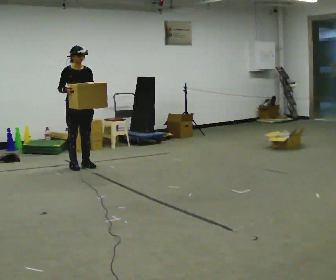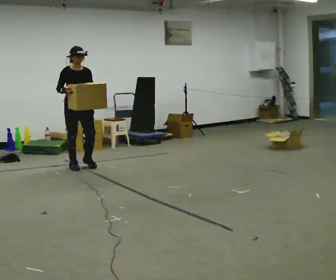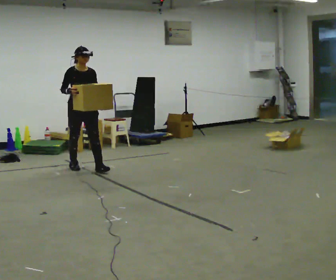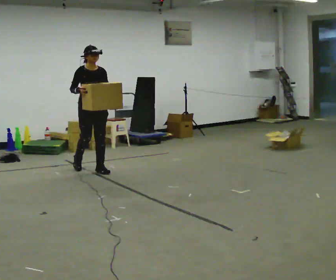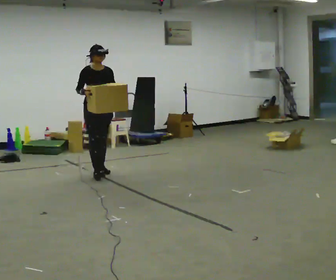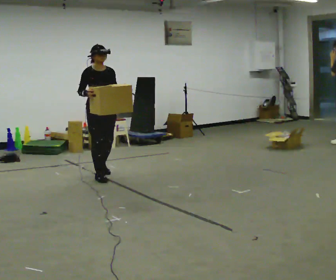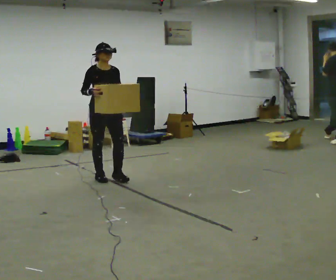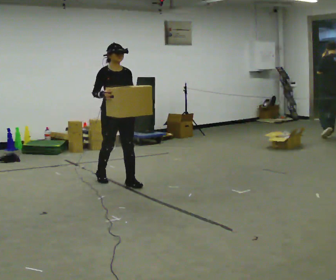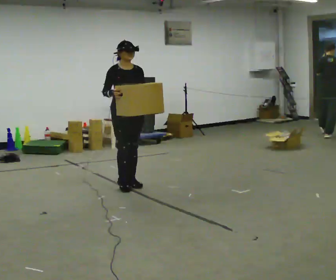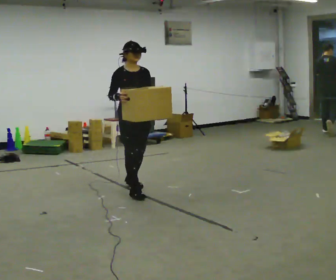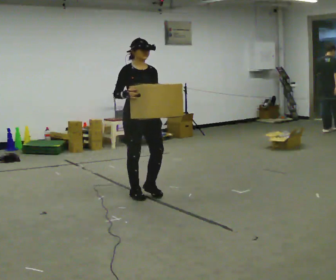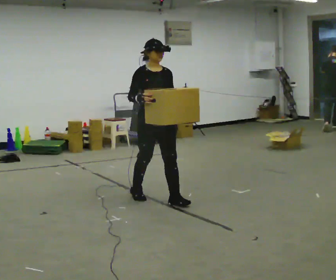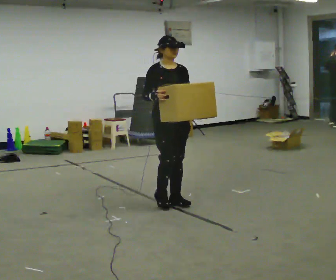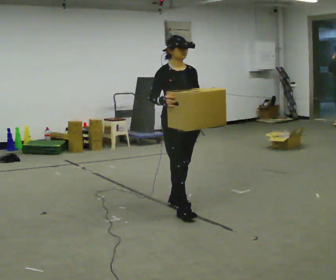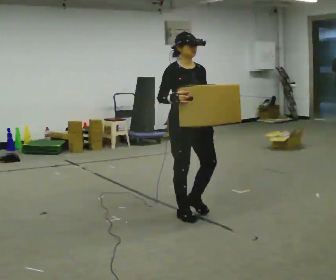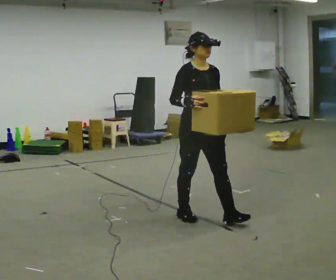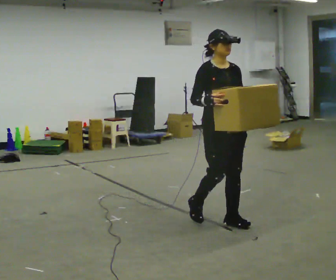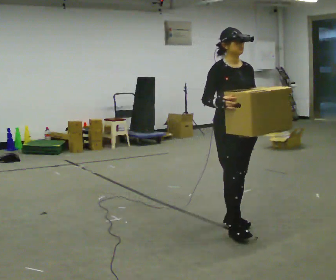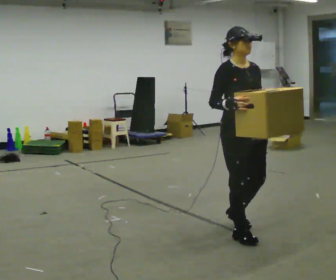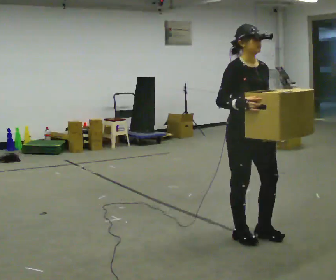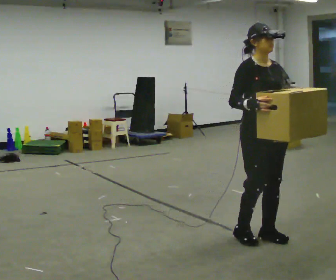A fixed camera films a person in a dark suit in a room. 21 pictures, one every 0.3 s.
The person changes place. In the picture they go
toward the camera.
0.0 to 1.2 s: In the picture they go toward the camera and to the right, about 0.5 m in 1 step, which for them is forward.
1.2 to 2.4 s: In the picture they go toward the camera and to the right, about 0.5 m in 2 steps, which for them is forward.
2.4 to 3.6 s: In the picture they go toward the camera and to the right, about 1 m in 2 steps, which for them is forward.
3.6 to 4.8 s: In the picture they go toward the camera and to the right, about 0.5 m in 2 steps, which for them is forward.
4.8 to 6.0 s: In the picture they go toward the camera and to the right, about 0.5 m in 2 steps, which for them is forward.
The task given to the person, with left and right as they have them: Carry the heavy box in both hands in front of you, walking back and forth across the room. Keep walking until the operator says stop. Set it down if you need a rest.
The film runs forward here.
